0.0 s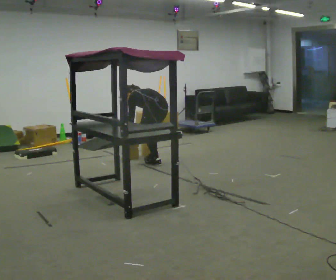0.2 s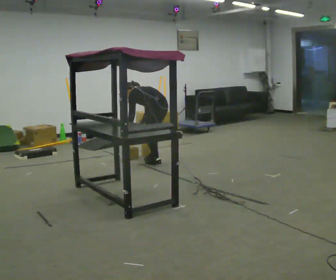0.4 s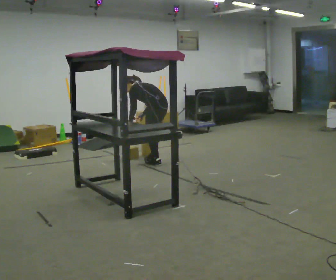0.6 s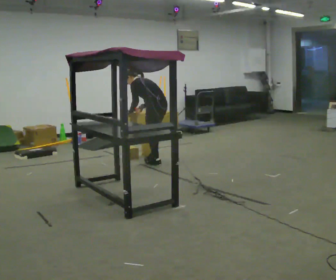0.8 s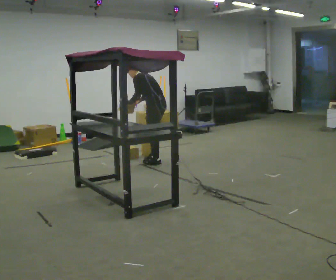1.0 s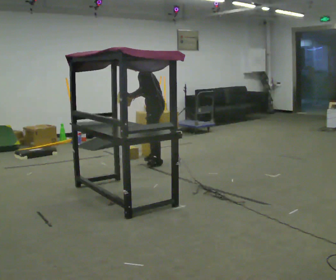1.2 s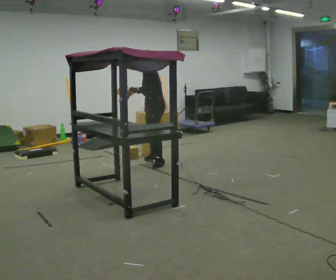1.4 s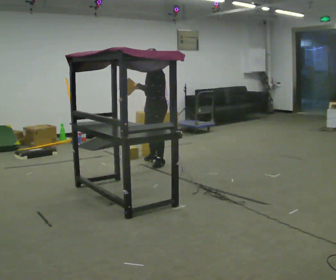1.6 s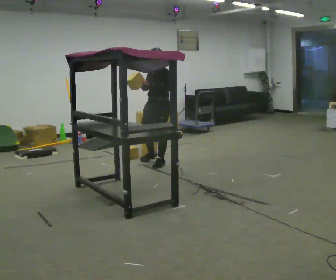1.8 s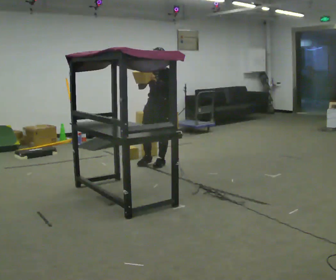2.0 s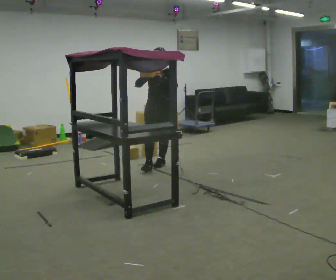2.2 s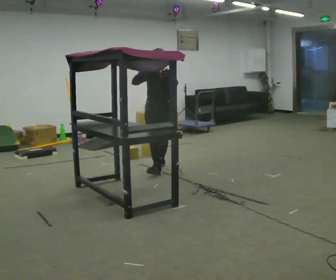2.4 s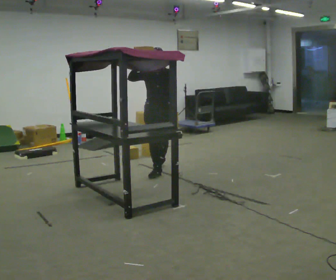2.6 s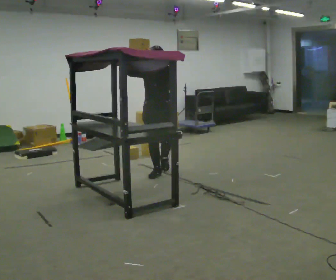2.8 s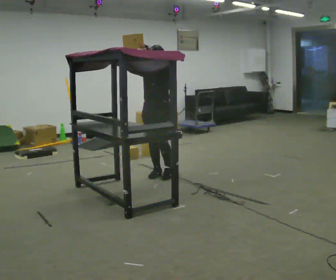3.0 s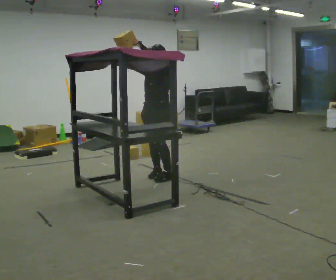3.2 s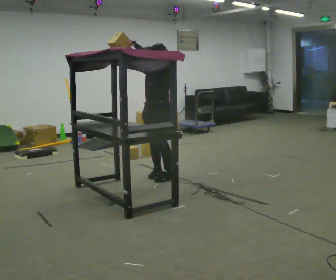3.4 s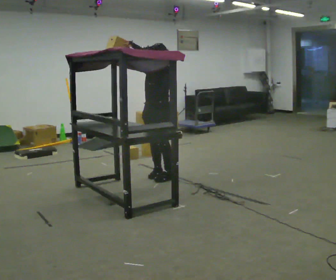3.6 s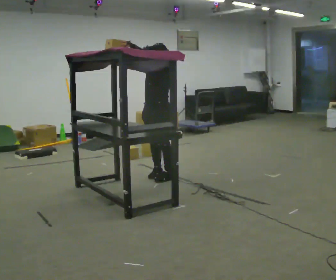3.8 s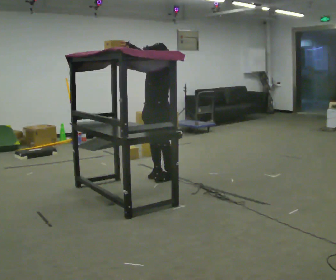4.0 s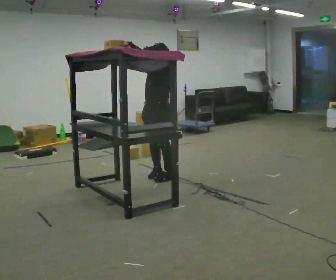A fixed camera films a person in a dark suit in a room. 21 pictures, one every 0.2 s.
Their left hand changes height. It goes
upward.
The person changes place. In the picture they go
toward the camera.
0.0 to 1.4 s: The person turns about 60 degrees to their left, counterclockwise seen from above, so the part of the body nearest the lens slides to the right. The upper body goes upward. In the picture the upper body tilts clockwise, shoulders to the right, as they lean back or straighten. In the picture their right hand goes upward.
1.4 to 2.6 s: Seen from above the body turns counterclockwise, about 60 degrees: to their left, with its near side sliding to the right. In the picture they go toward the camera, about 0.5 m in 1 step. In the picture their right hand goes upward.
2.6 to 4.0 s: The person turns about 45 degrees to their right, clockwise seen from above, so the part of the body nearest the lens slides to the left. In the picture they go toward the camera, about 0.25 m in 1 step, which for them is to their left and forward.
The film runs forward here.
